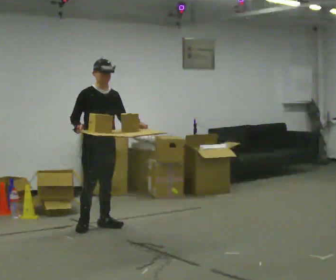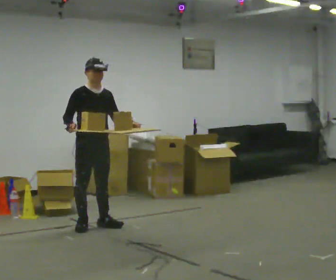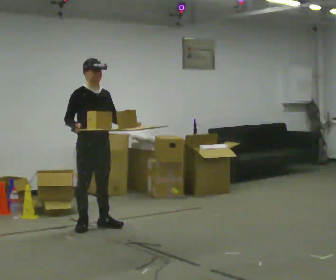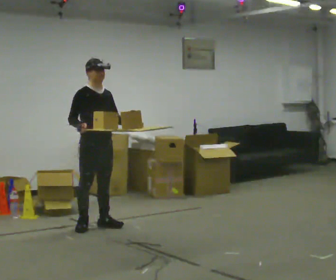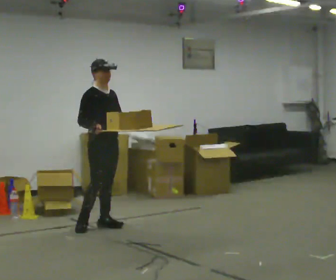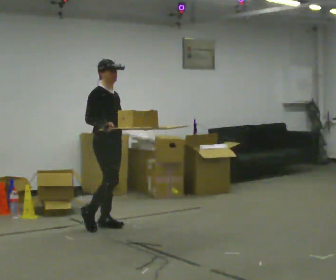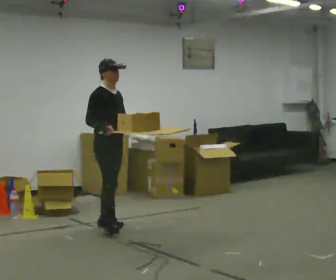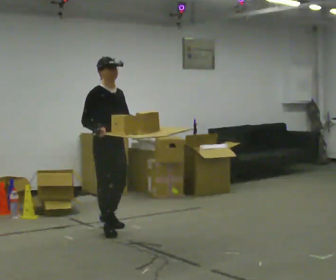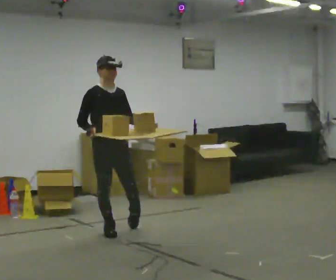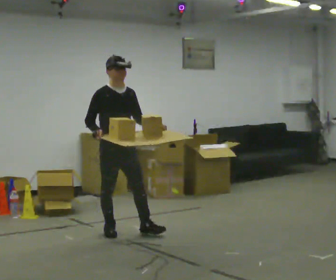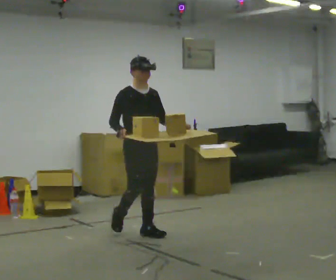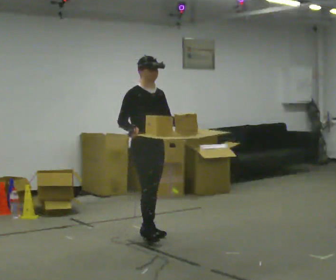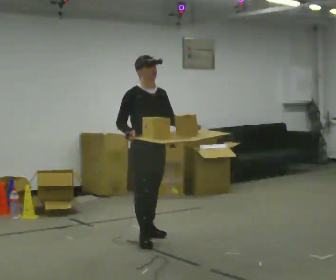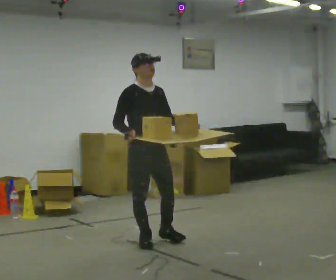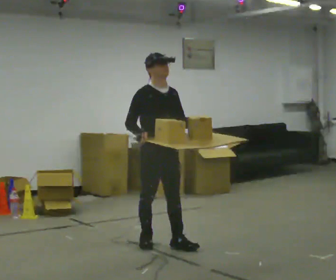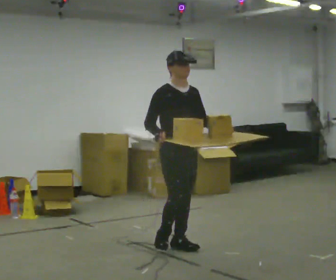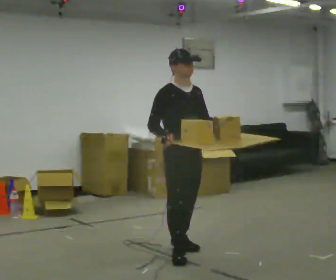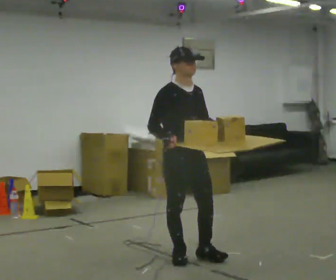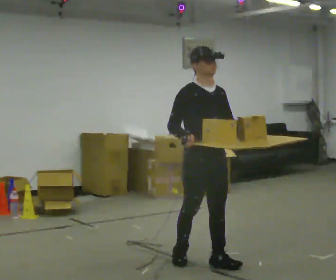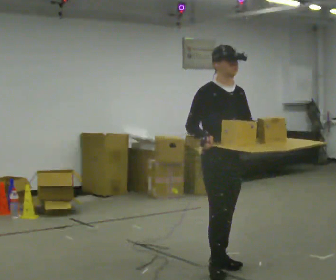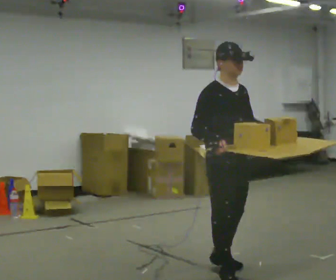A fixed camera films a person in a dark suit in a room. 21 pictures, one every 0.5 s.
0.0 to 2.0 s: The person moves a little, or ends about where they began.
2.0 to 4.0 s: In the picture they go toward the camera, about 0.25 m in 2 steps, which for them is forward and to their right.
4.0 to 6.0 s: In the picture they go to the right and toward the camera, about 0.5 m in 2 steps, which for them is forward and to their left.
6.0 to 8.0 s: In the picture they go toward the camera and to the right, about 0.5 m in 2 steps, which for them is forward.
8.0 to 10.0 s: In the picture they go toward the camera and to the right, about 0.75 m in 2 steps, which for them is forward.
The film runs forward here.
